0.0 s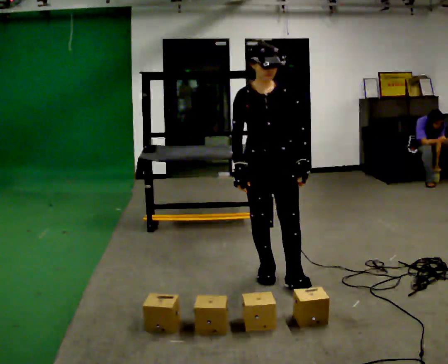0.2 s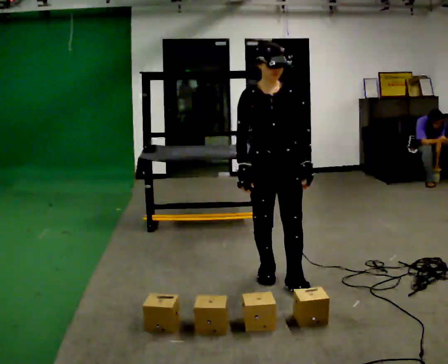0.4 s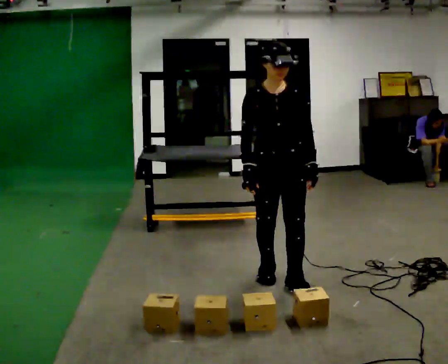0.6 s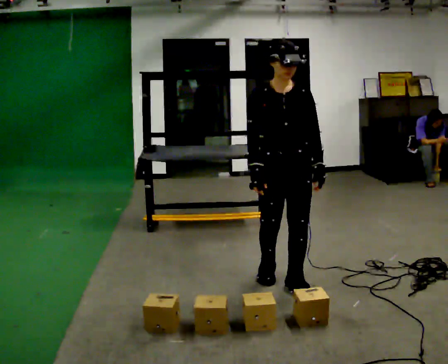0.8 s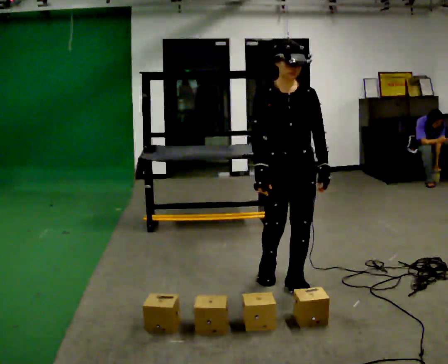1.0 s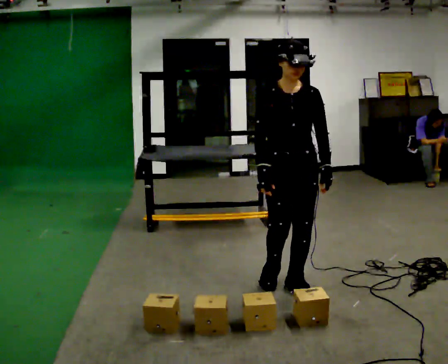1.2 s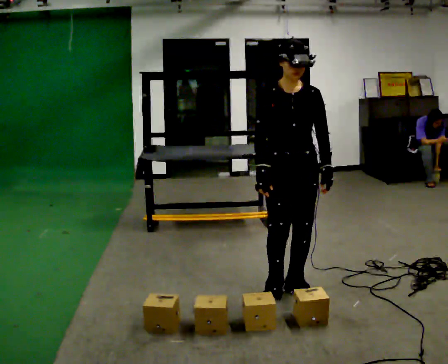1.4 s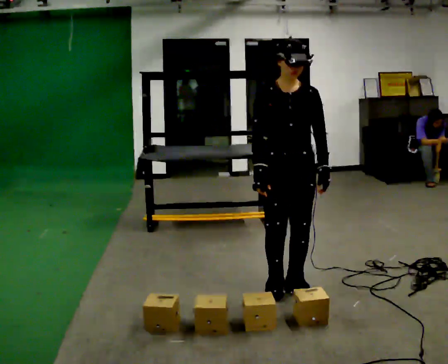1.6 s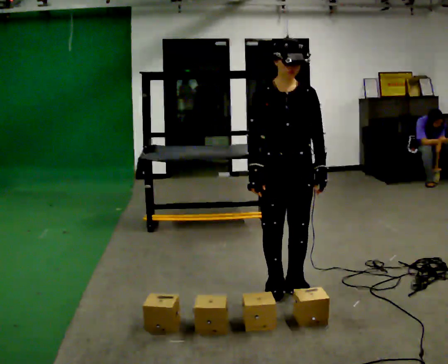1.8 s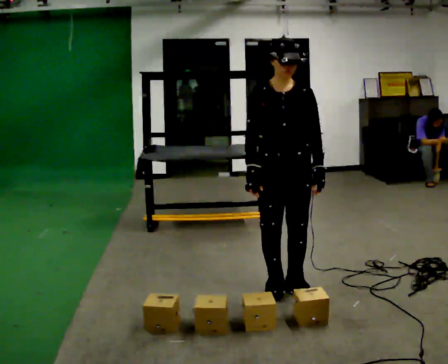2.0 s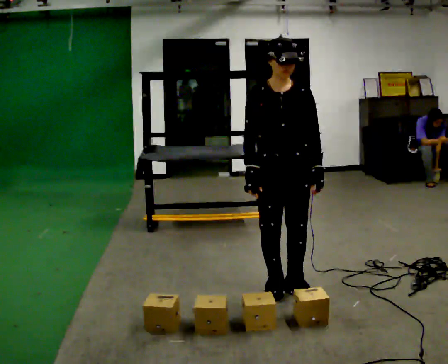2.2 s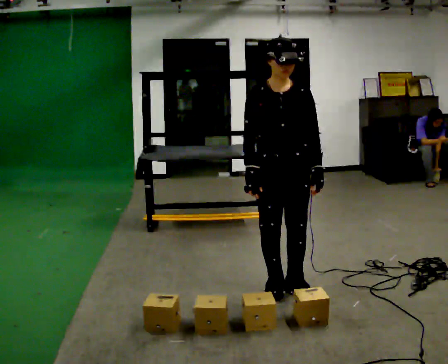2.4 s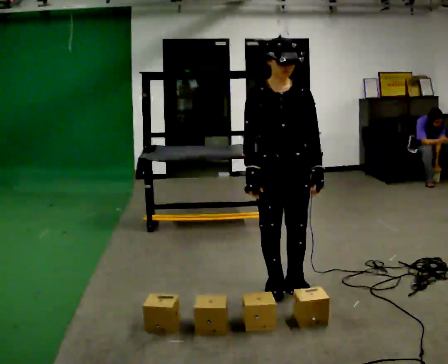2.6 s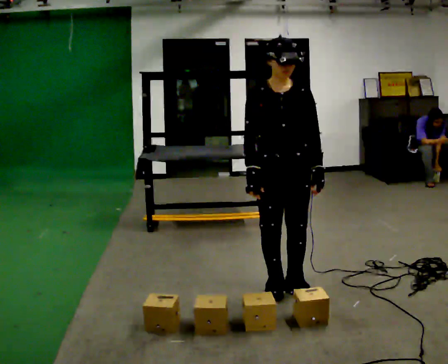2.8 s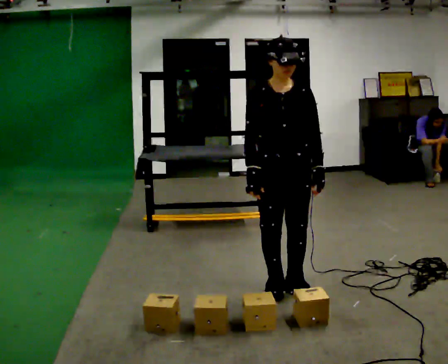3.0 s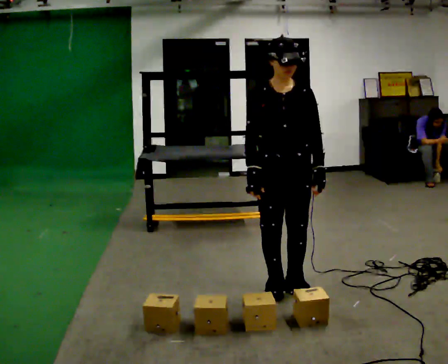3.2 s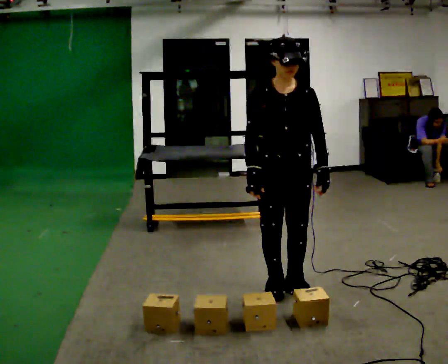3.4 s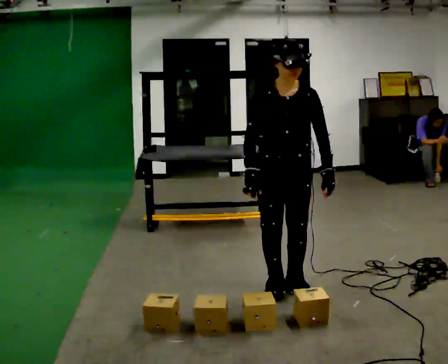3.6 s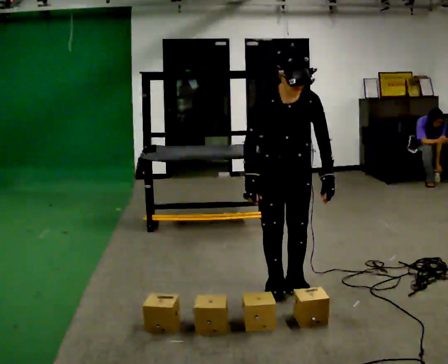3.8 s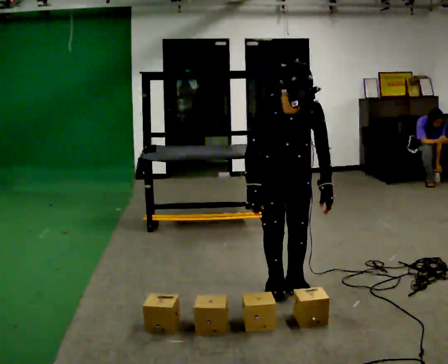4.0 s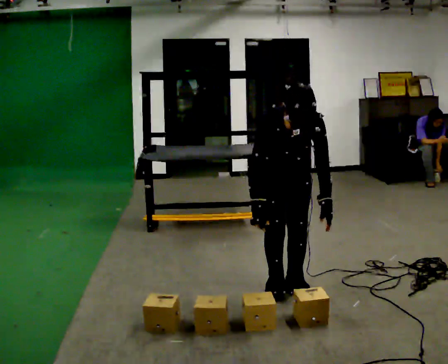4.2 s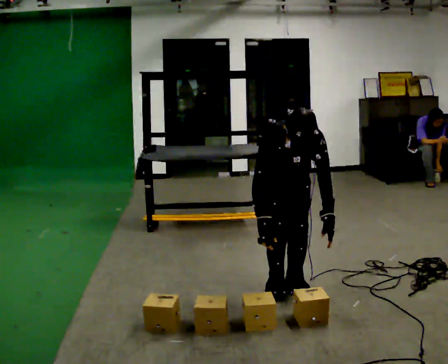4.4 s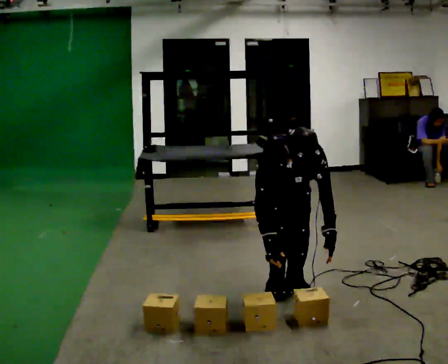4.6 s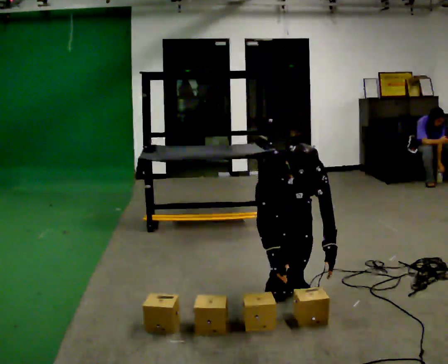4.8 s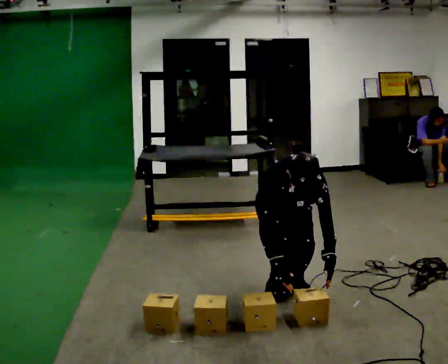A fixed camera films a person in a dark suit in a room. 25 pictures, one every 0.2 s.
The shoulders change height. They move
downward.
Their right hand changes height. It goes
downward.
0.0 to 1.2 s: In the picture they go toward the camera and to the right, about 0.25 m in 1 step, which for them is forward and to their left.
1.2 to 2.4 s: The person moves a little, or ends about where they began.
2.4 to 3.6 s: The upper body tips toward the camera, its near side rolling downward, as they bend forward.
3.6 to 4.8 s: The shoulders move downward. The upper body tips toward the camera, its near side rolling downward, as they bend forward. In the picture their right hand goes downward.
The film runs forward here.
